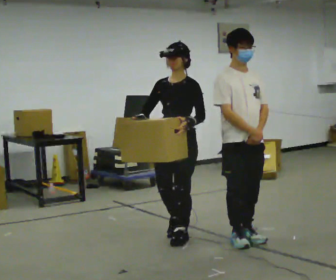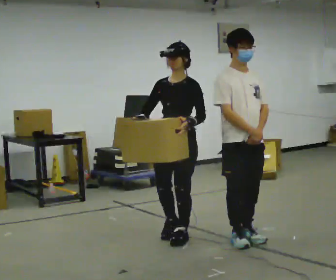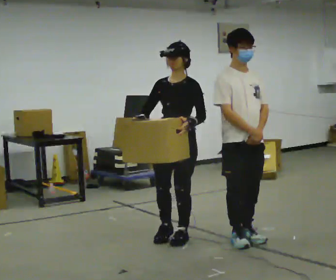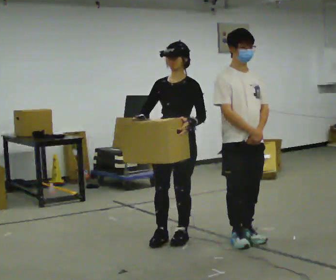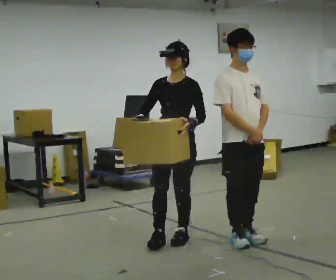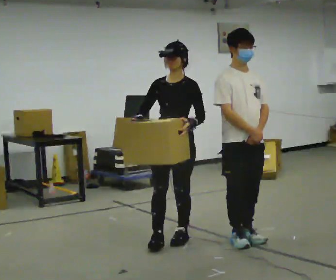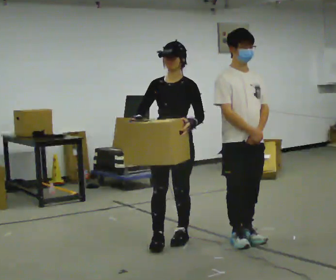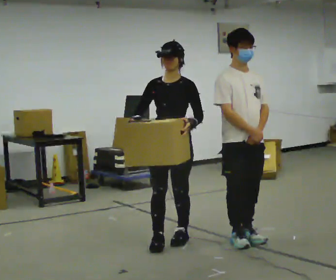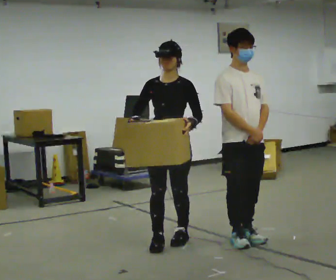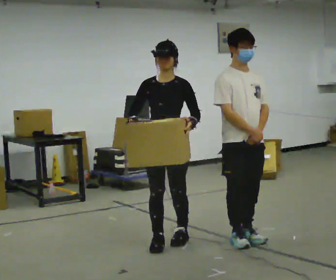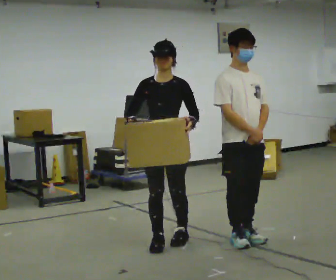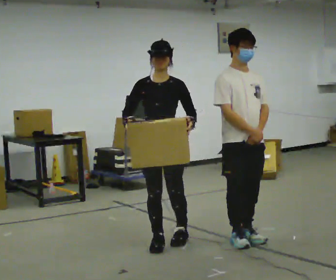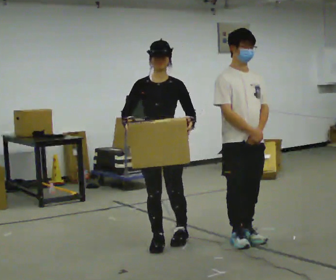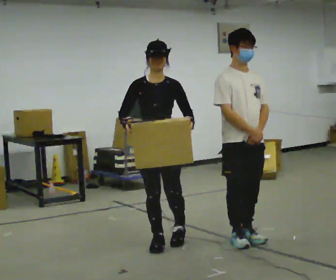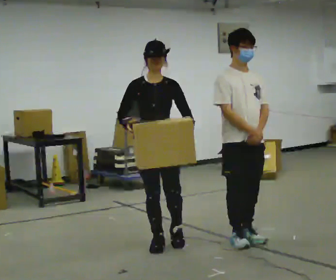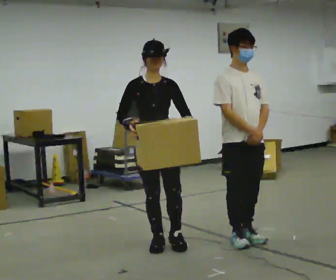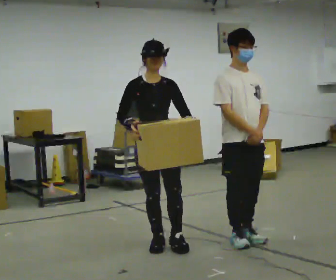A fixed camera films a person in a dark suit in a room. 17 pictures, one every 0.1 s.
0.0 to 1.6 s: The person turns about 45 degrees to their left, counterclockwise seen from above, so the part of the body nearest the lens slides to the right. In the picture they go toward the camera and to the left, about 0.25 m in 1 step, which for them is forward.
The film runs forward here.
